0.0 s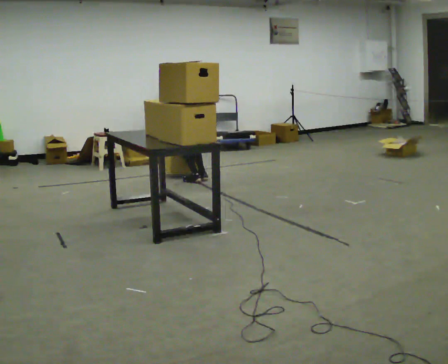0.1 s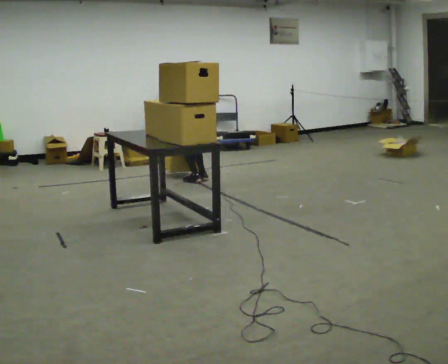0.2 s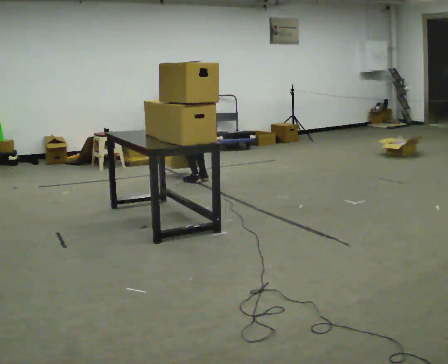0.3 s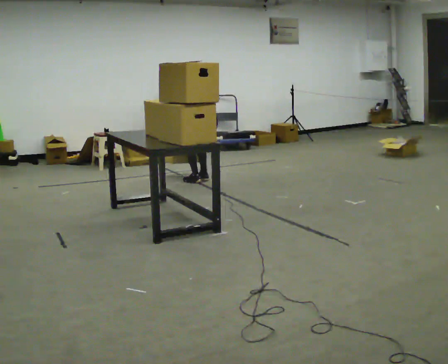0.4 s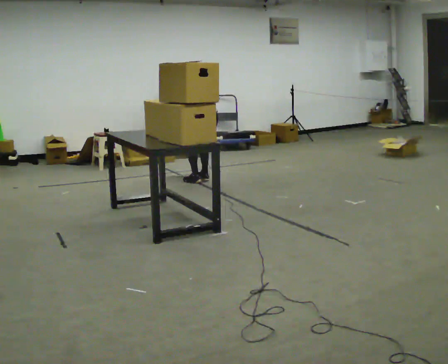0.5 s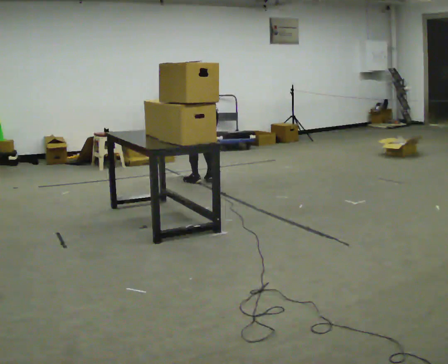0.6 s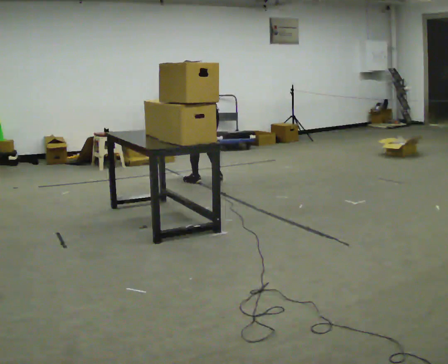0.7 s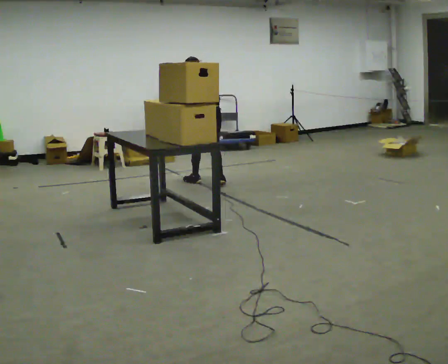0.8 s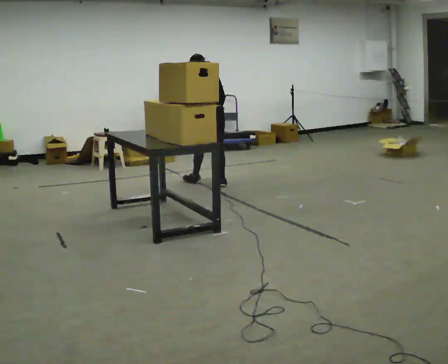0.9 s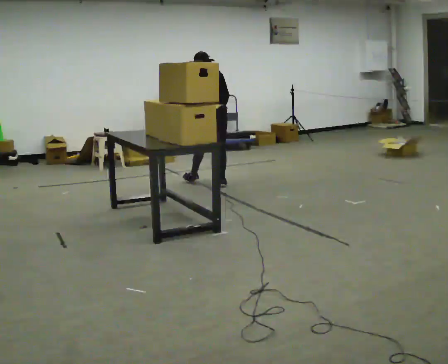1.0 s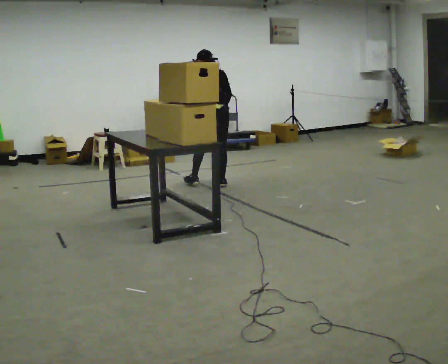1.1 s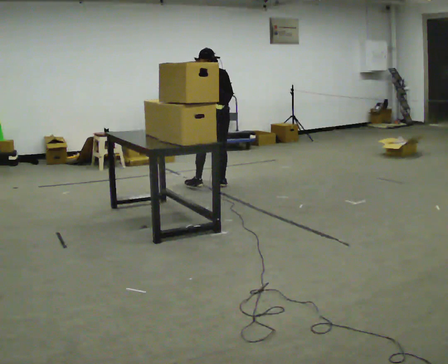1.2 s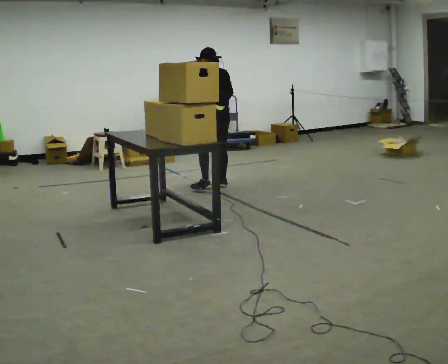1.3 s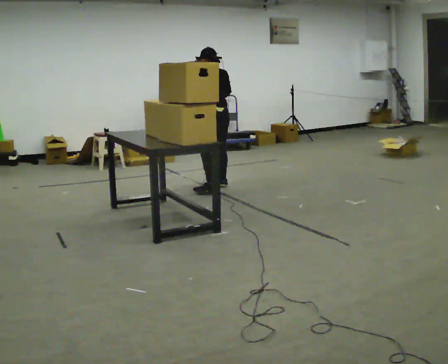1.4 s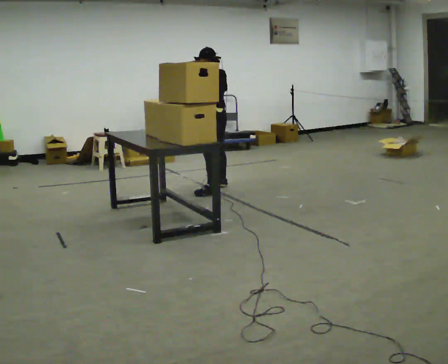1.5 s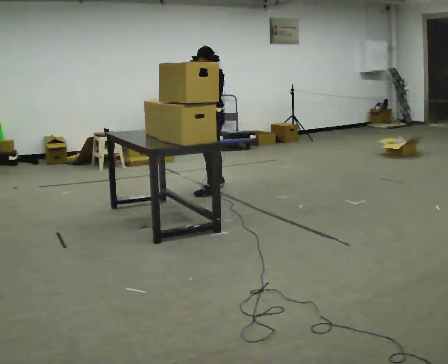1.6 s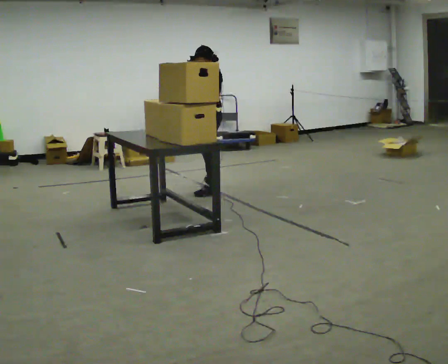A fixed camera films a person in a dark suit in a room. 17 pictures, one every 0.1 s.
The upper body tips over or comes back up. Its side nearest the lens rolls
downward.
The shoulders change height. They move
upward.
0.0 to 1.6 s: The part of the body nearest the lens slides to the right as the person turns to their left by about 30 degrees. In the picture they go toward the camera, about 0.5 m in 3 steps, which for them is backward. The shoulders move upward. The upper body tips toward the camera, its near side rolling downward, as they lean back or straighten. In the picture their right hand goes upward.
The film runs backward here.
